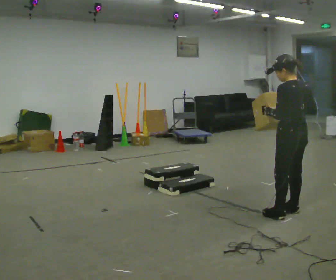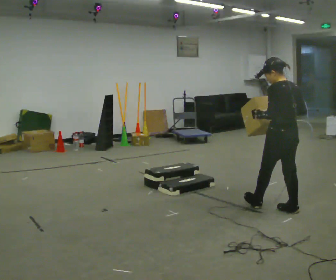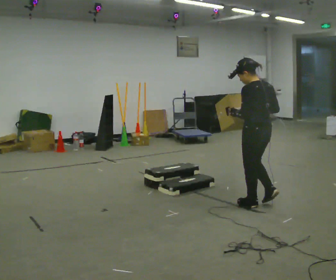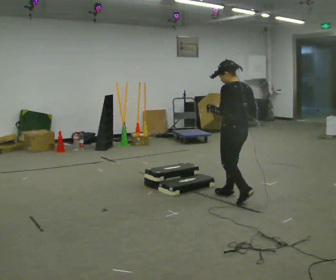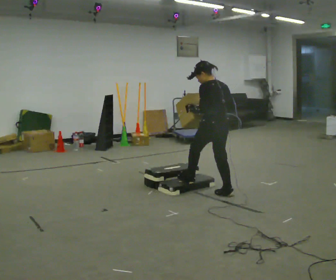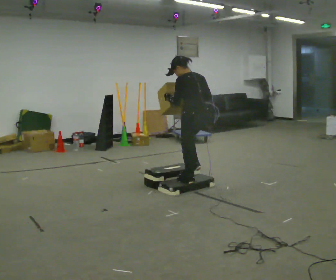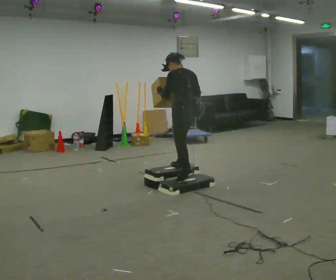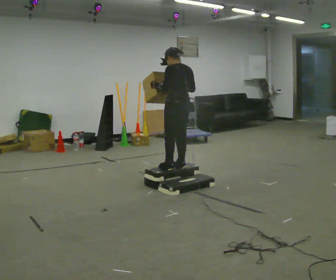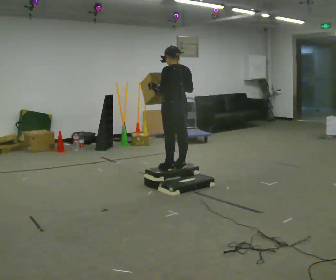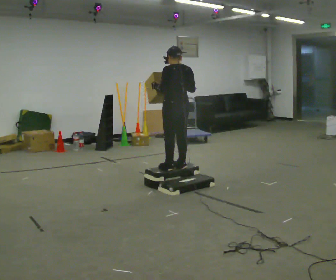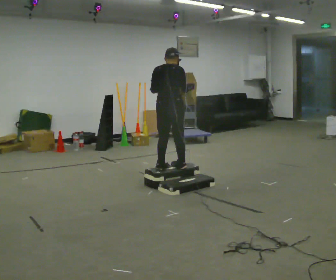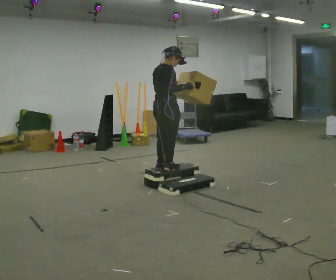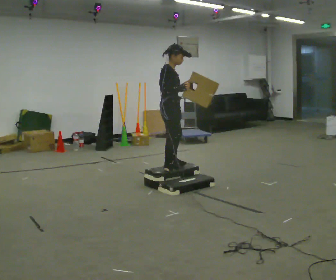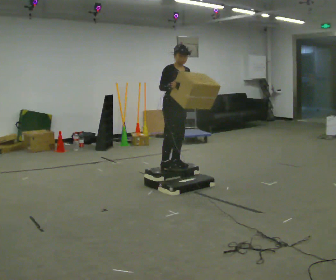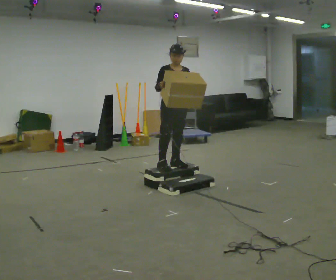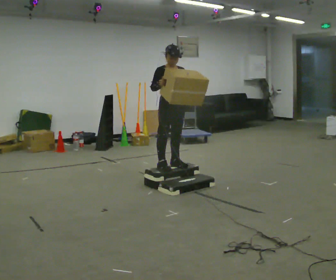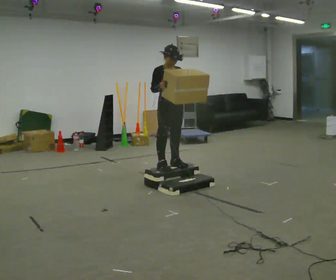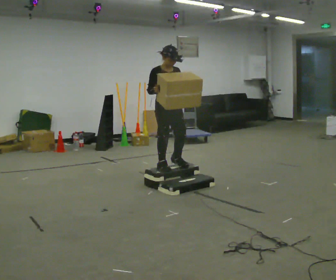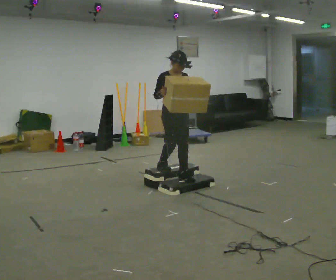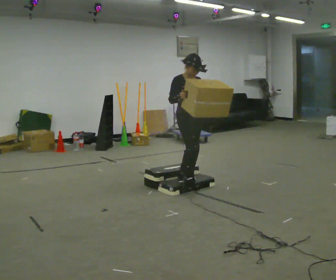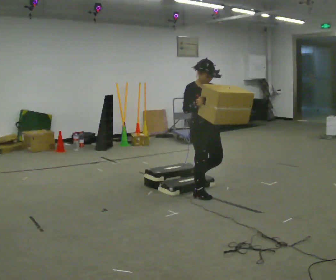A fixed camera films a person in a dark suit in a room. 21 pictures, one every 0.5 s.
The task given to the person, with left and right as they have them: Carry the box up the three steps, turn at the top, and carry it back down. Use the handrail only if you need it. Keep going until the operator says stop; one object at a time, and do not rush between trips.
0.0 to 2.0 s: In the picture they go away from the camera and to the left, about 1 m in 3 steps, which for them is forward.
2.0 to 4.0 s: In the picture they go away from the camera and to the left, about 0.5 m in 2 steps, which for them is forward. The upper body goes upward.
4.0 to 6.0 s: The person turns about 120 degrees to their right, clockwise seen from above, so the part of the body nearest the lens slides to the left.
6.0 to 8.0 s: The person turns about 60 degrees to their right, clockwise seen from above, so the part of the body nearest the lens slides to the left.
8.0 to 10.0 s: In the picture they go toward the camera and to the right, about 0.75 m in 2 steps, which for them is forward. The shoulders move downward.
The film runs forward here.
